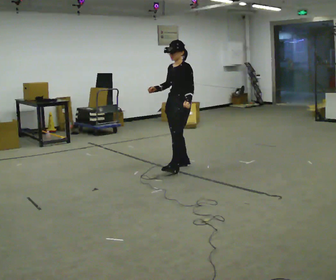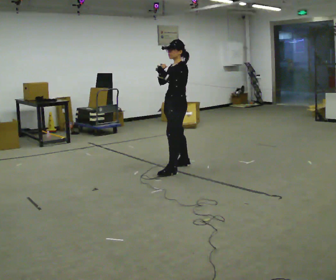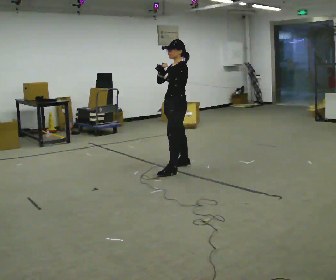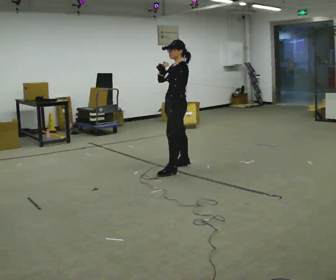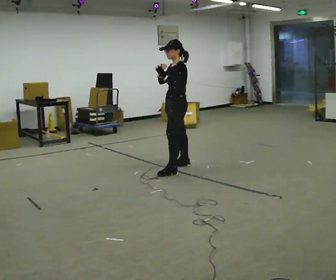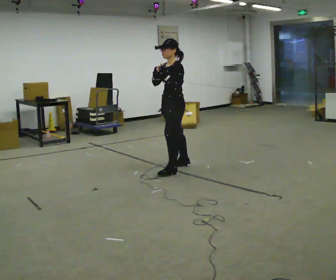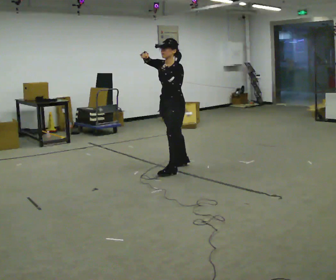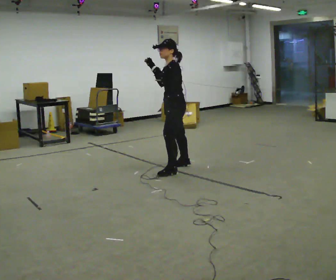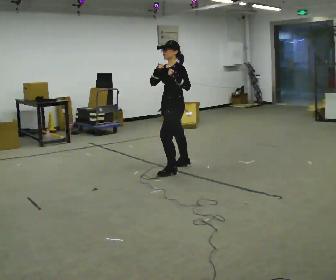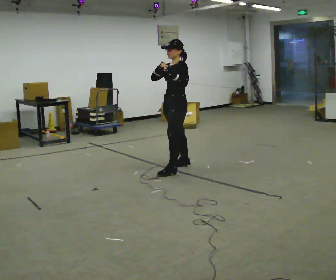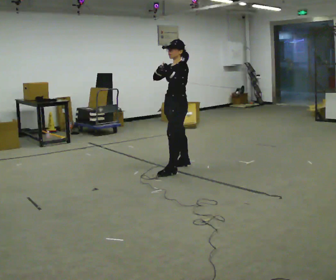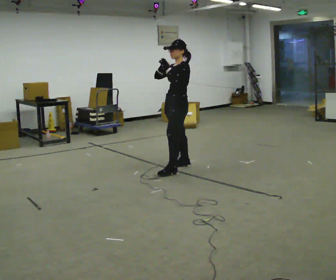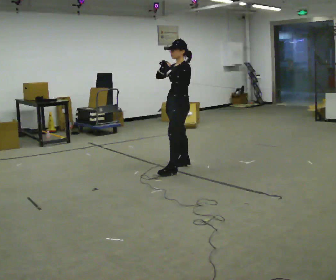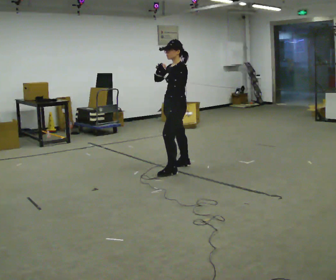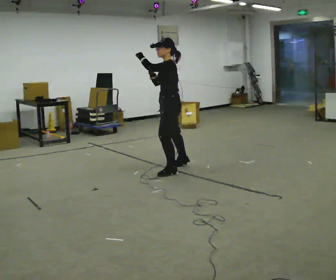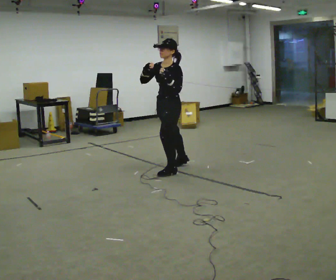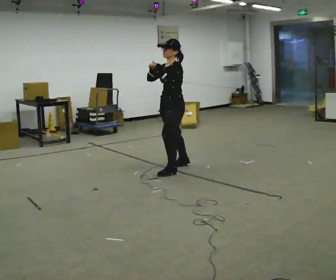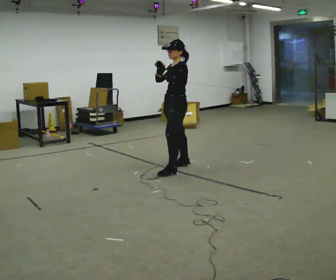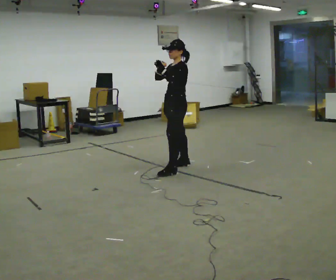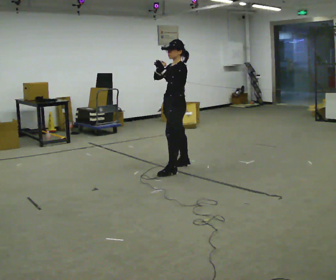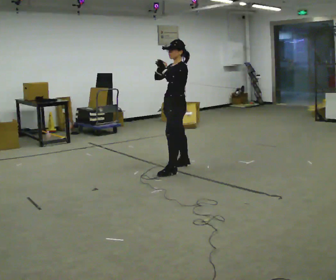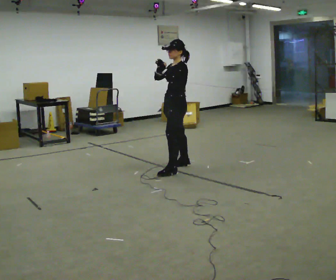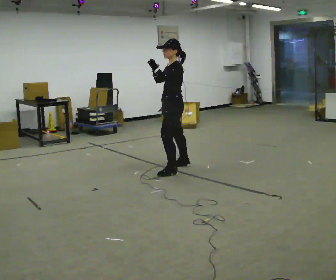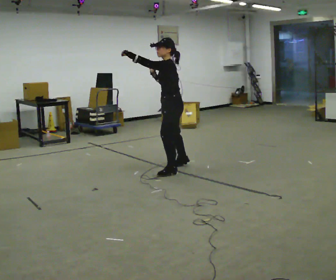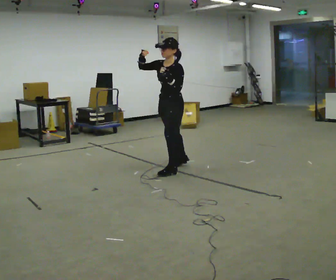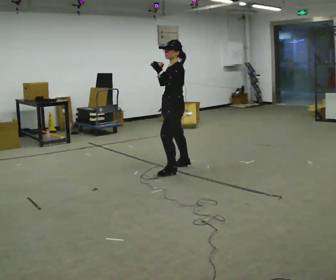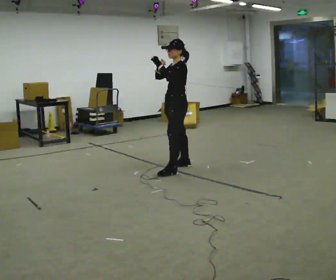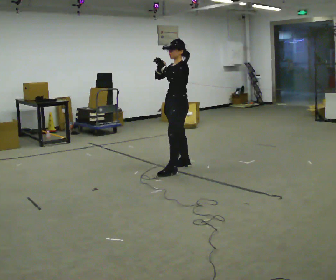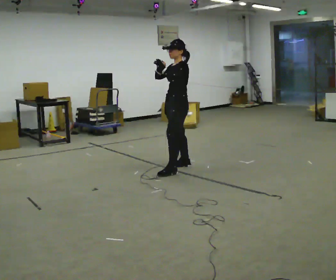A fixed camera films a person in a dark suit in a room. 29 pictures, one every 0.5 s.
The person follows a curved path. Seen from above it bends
counterclockwise.
0.0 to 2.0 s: In the picture their left hand goes to the left and upward.
2.0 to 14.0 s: The person moves a little, or ends about where they began.
The film runs backward here.
